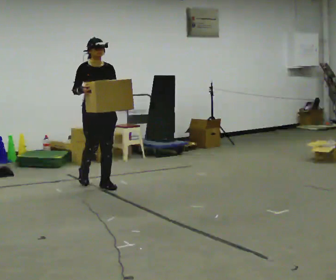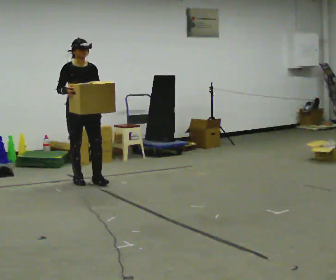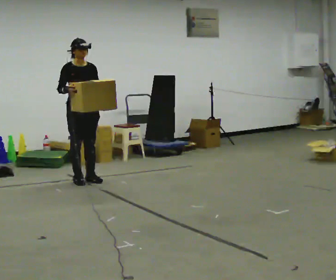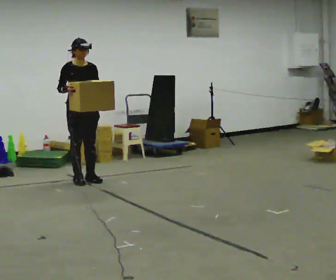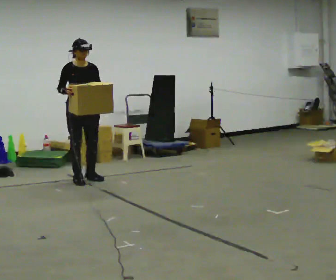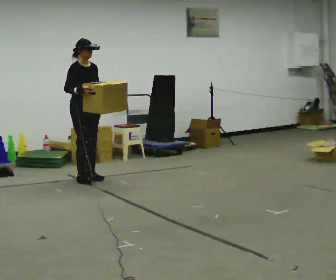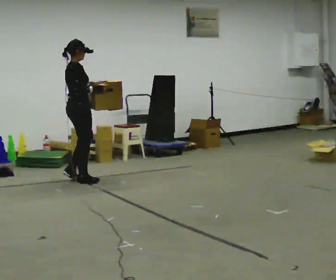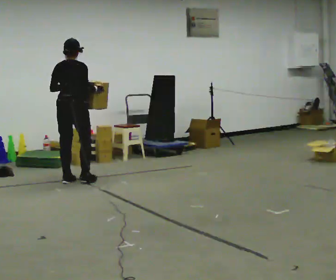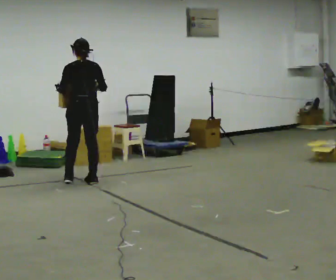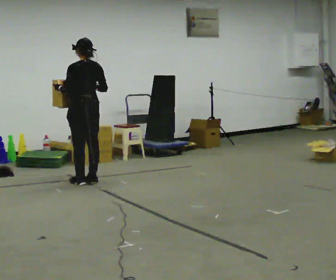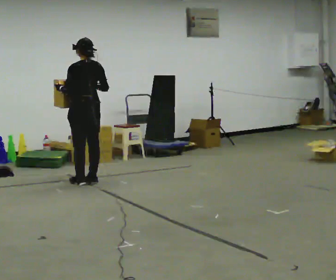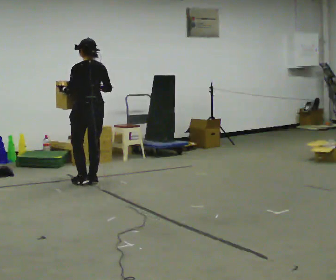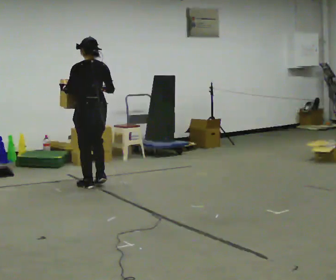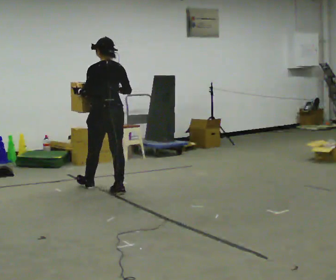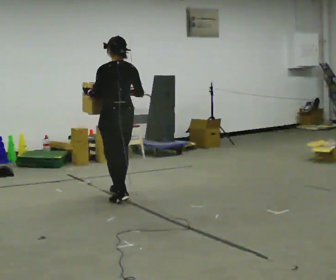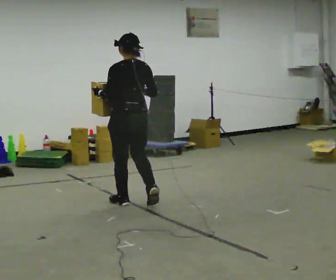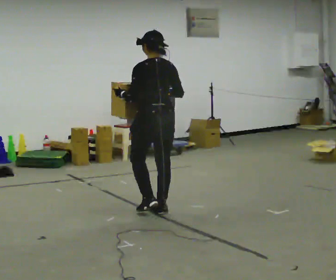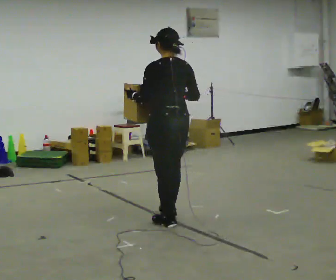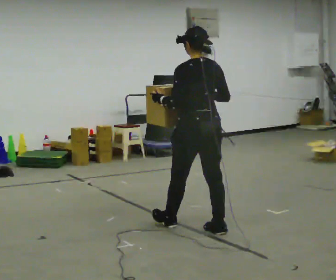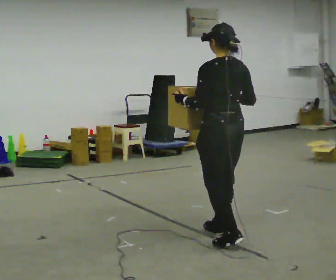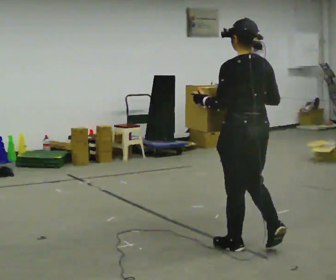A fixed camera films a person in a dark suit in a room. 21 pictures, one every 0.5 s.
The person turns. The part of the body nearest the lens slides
to the right.
The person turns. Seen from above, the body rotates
counterclockwise.
0.0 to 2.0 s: In the picture they go away from the camera and to the left, about 0.25 m in 1 step, which for them is backward.
2.0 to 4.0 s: Seen from above the body turns counterclockwise, about 165 degrees: to their left, with its near side sliding to the right. In the picture their left hand goes to the left.
4.0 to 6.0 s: In the picture they go toward the camera, about 0.25 m in 2 steps, which for them is backward.
6.0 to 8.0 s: In the picture they go toward the camera and to the right, about 1 m in 3 steps, which for them is backward.
8.0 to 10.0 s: In the picture they go toward the camera and to the right, about 1.5 m in 3 steps, which for them is backward.
The film runs backward here.
